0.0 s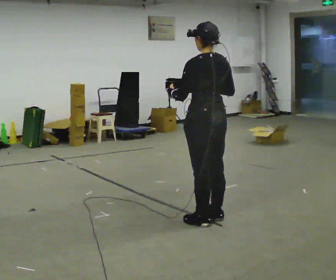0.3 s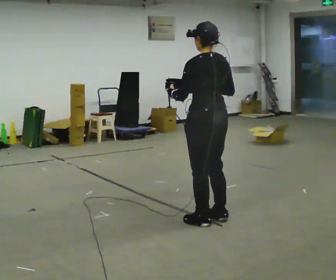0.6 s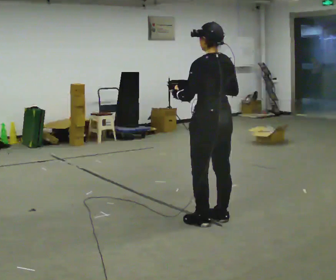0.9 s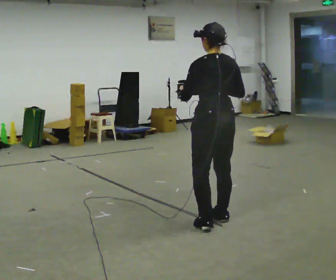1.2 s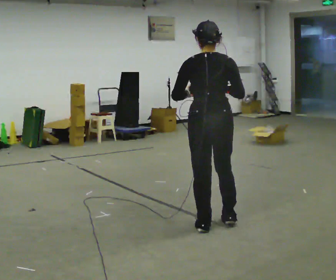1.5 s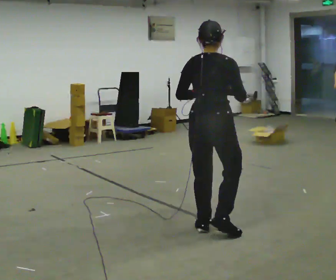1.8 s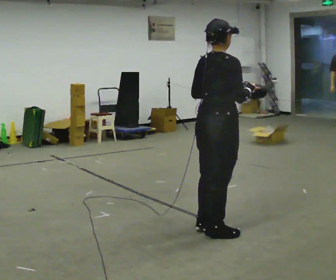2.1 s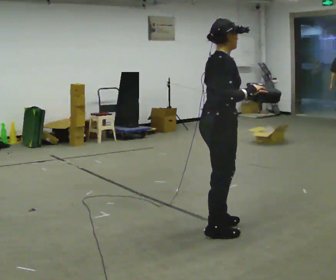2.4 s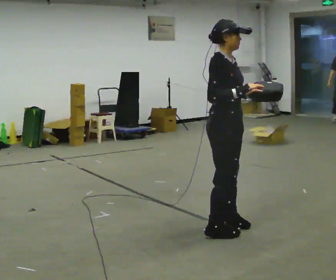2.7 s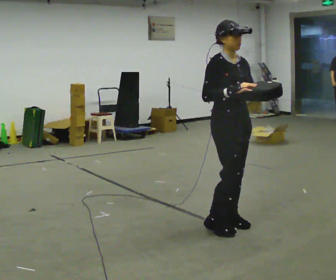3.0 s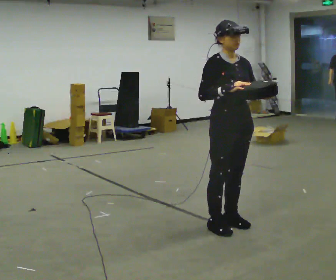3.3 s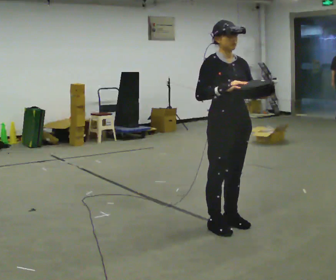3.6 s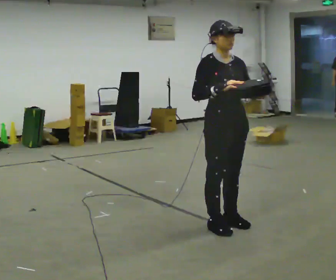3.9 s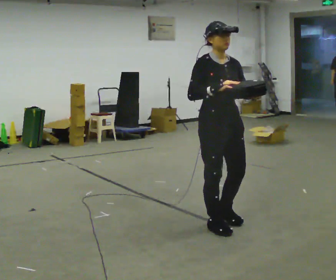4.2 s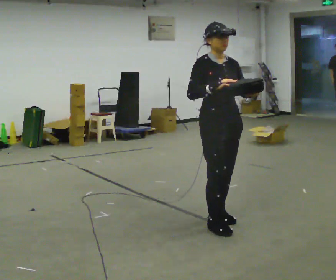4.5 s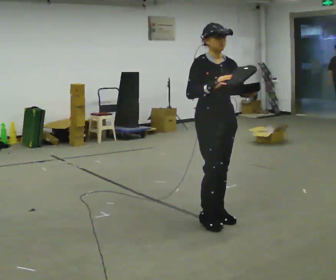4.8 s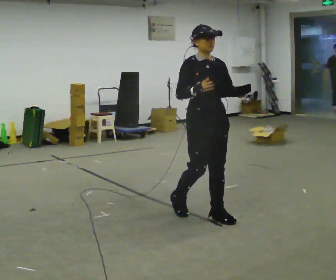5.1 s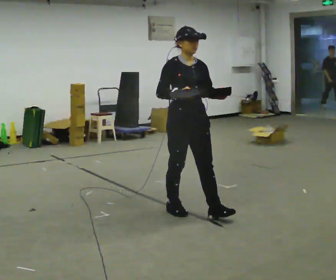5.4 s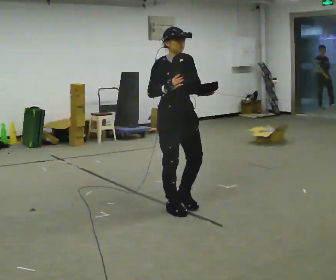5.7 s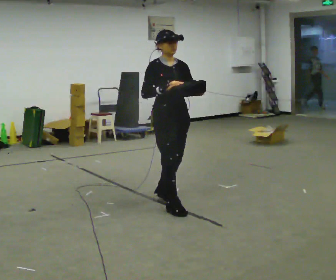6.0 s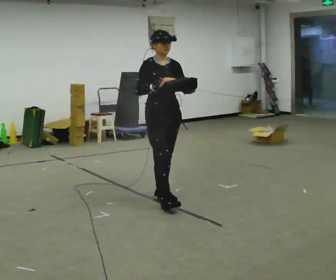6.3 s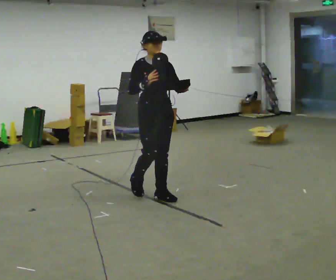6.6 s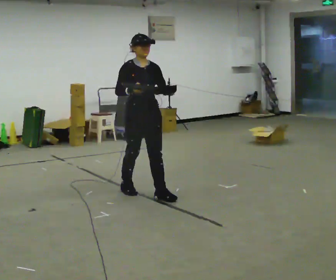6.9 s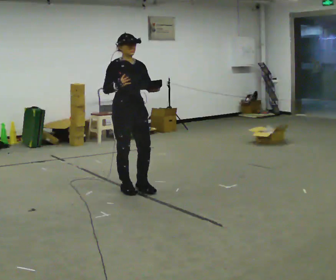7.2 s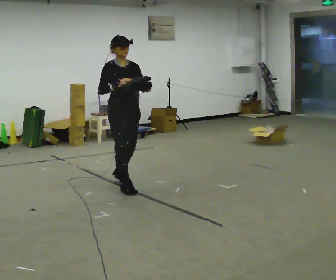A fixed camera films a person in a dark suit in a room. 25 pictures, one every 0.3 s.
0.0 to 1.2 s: The part of the body nearest the lens slides to the left as the person turns to their right by about 30 degrees.
1.2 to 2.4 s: The person turns about 120 degrees to their right, clockwise seen from above, so the part of the body nearest the lens slides to the left. In the picture their left hand goes to the right.
2.4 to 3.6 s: Seen from above the body turns clockwise, about 30 degrees: to their right, with its near side sliding to the left.
3.6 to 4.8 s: In the picture they go away from the camera and to the left, about 0.25 m in 2 steps, which for them is backward.
4.8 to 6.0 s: In the picture they go away from the camera and to the left, about 0.75 m in 2 steps, which for them is backward.
6.0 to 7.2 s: In the picture they go to the left and away from the camera, about 0.5 m in 1 step, which for them is backward.
The film runs backward here.
